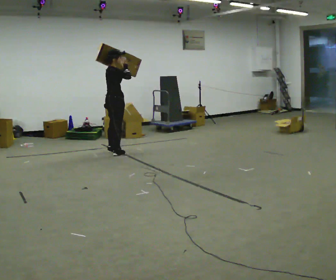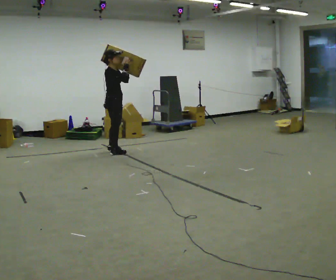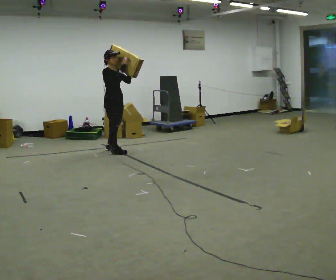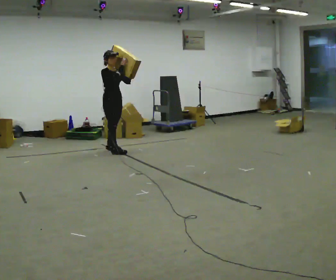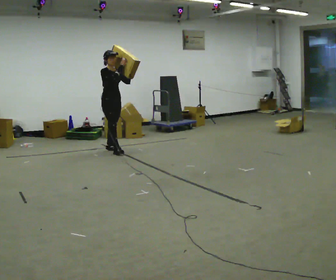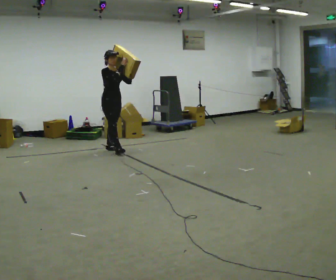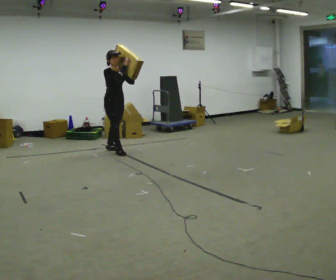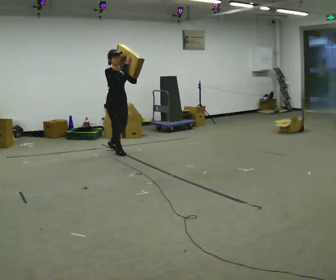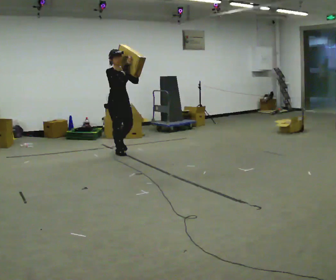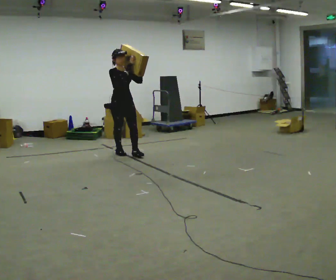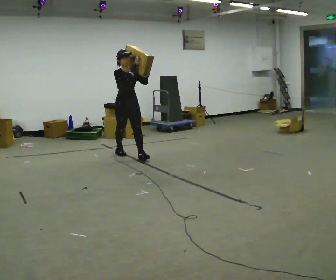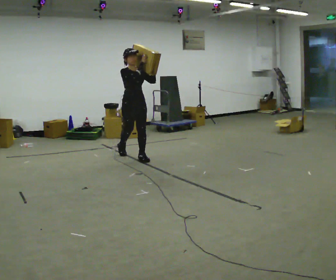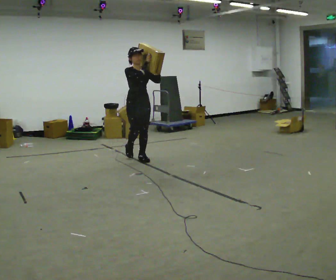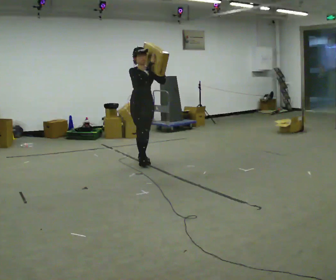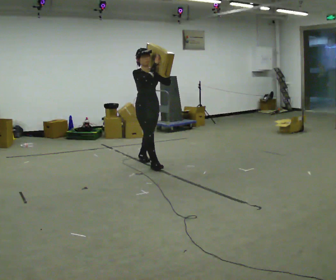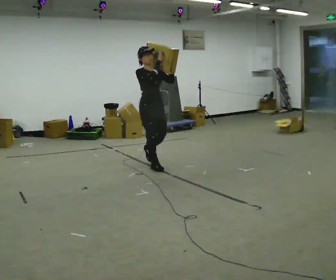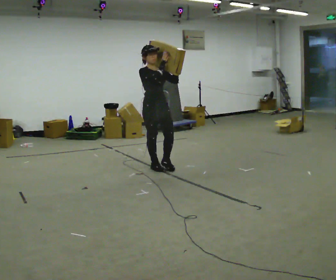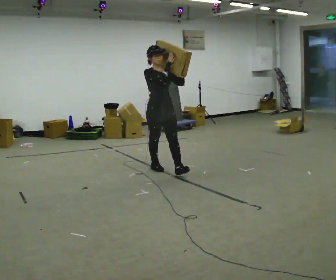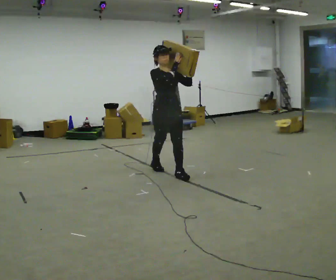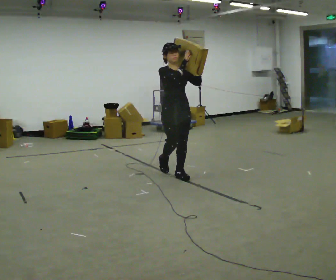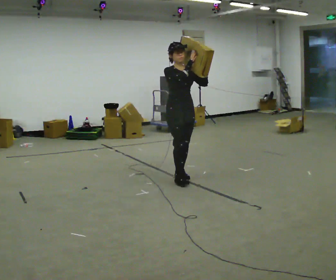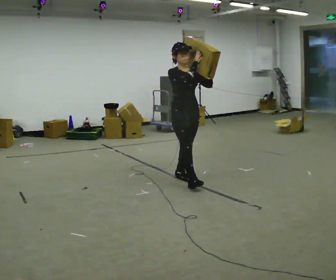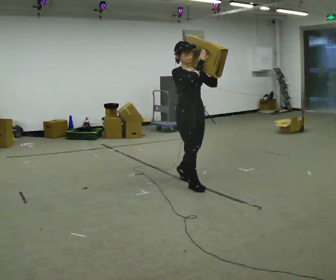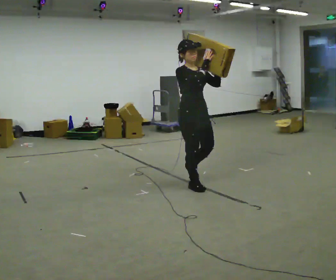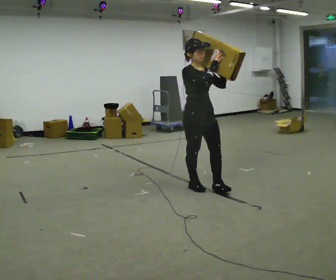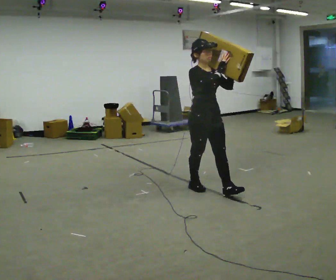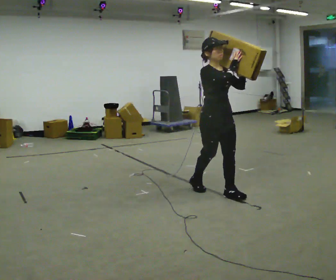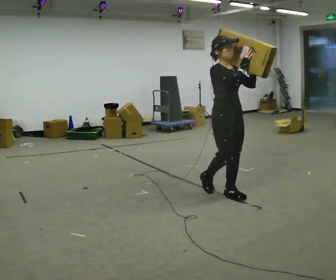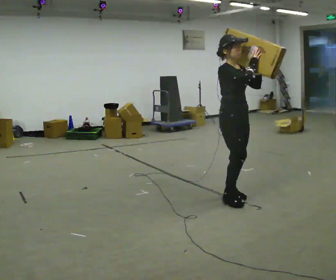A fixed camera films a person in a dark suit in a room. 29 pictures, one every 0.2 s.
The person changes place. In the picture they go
toward the camera.
0.0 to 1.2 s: The part of the body nearest the lens slides to the left as the person turns to their right by about 60 degrees.
1.2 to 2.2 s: In the picture they go toward the camera and to the right, about 0.5 m in 1 step, which for them is forward.
2.2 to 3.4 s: In the picture they go toward the camera and to the right, about 1 m in 1 step, which for them is forward.
3.4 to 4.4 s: In the picture they go toward the camera and to the right, about 0.75 m in 2 steps, which for them is forward.
4.4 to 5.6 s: In the picture they go toward the camera and to the right, about 0.75 m in 1 step, which for them is forward.
The film runs forward here.
